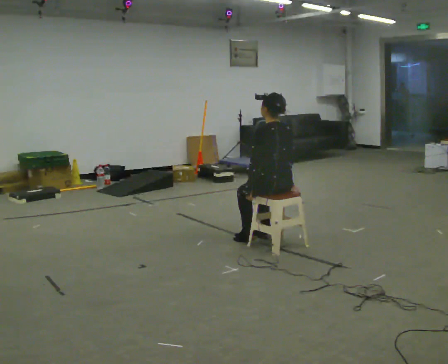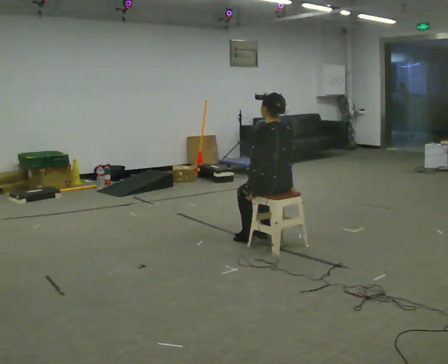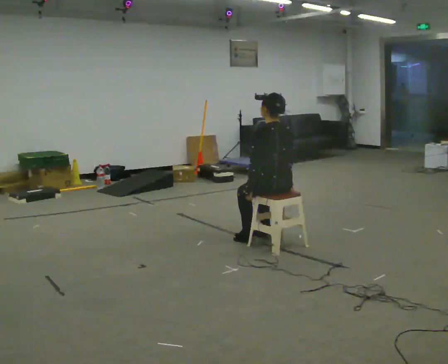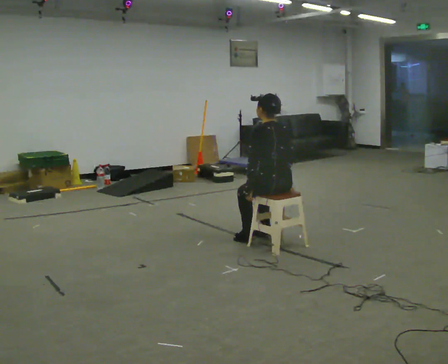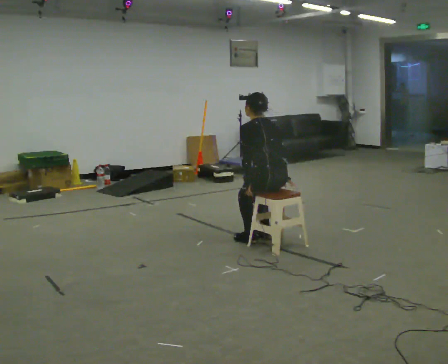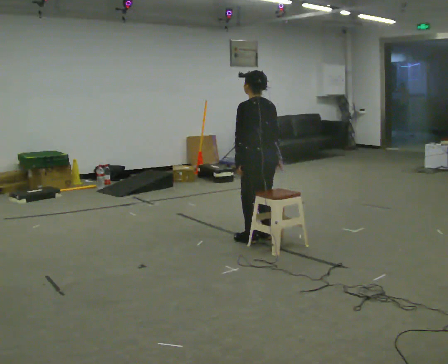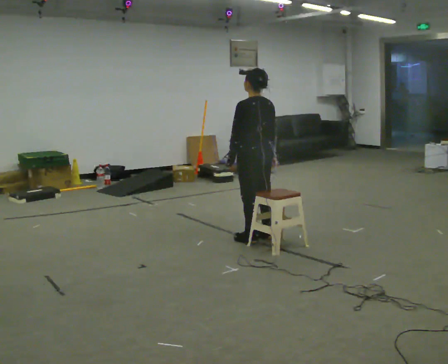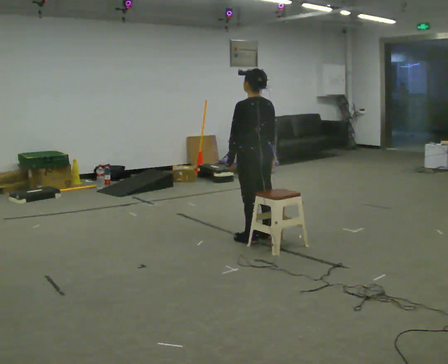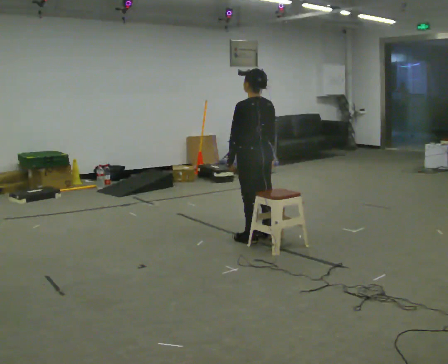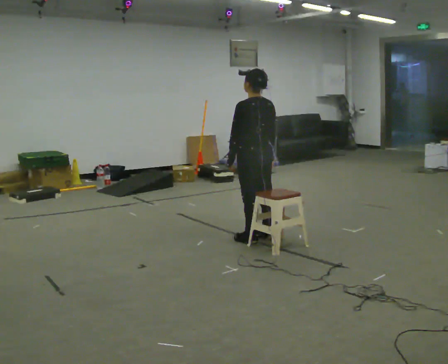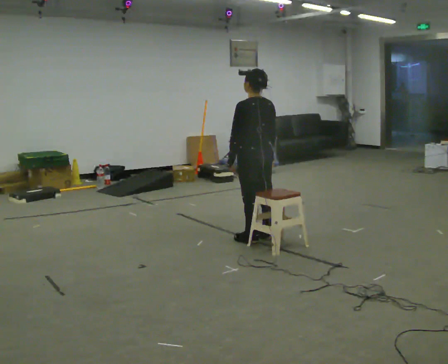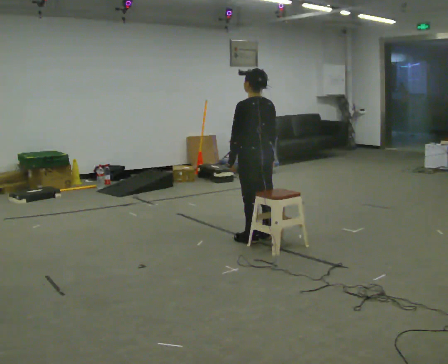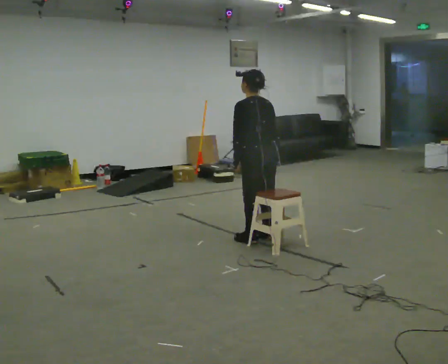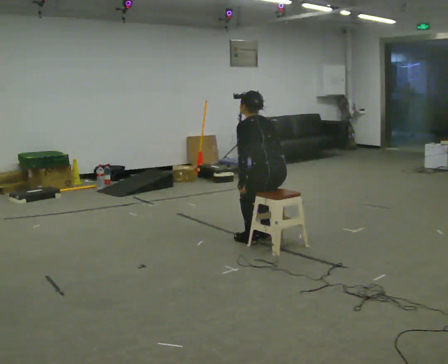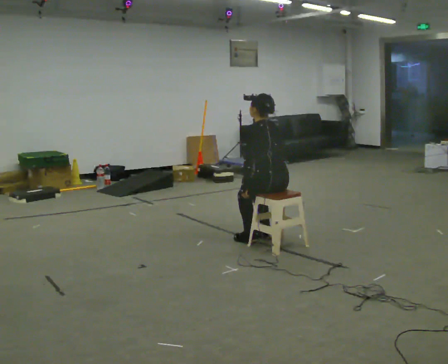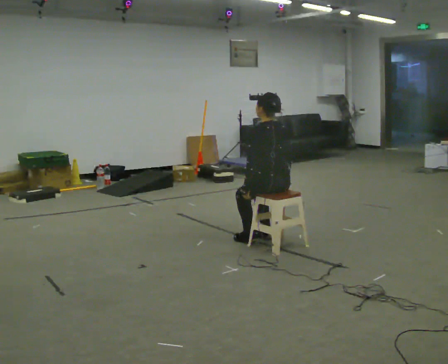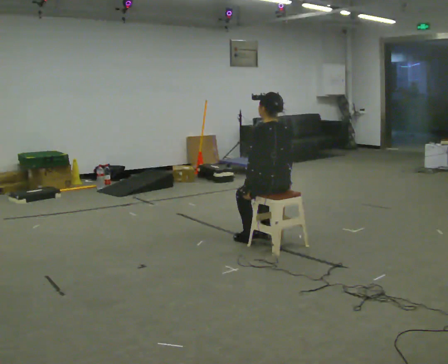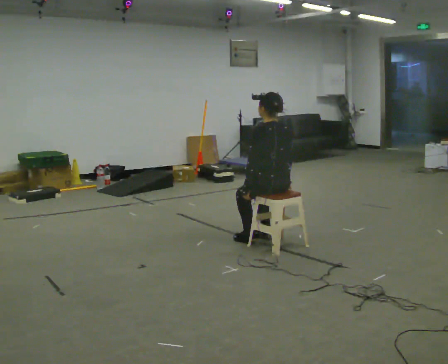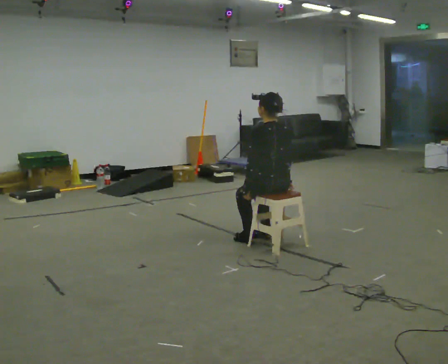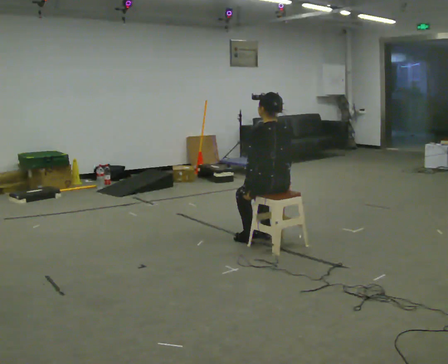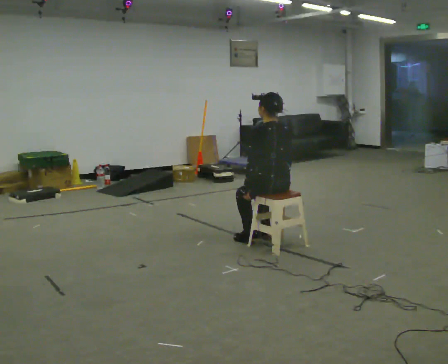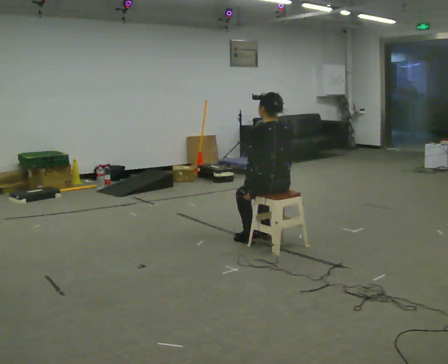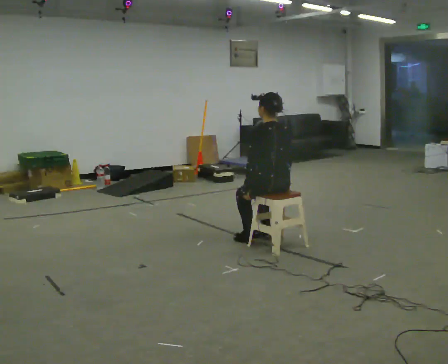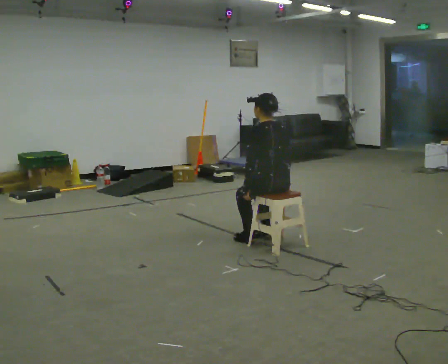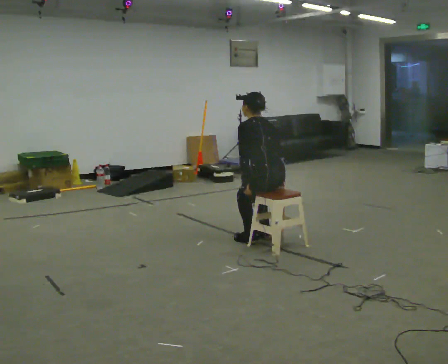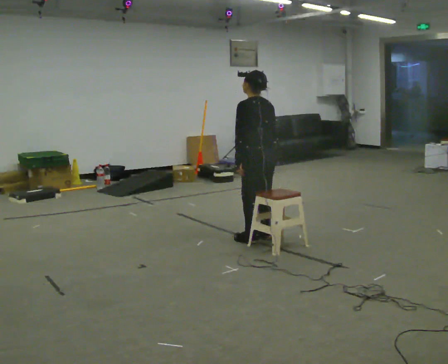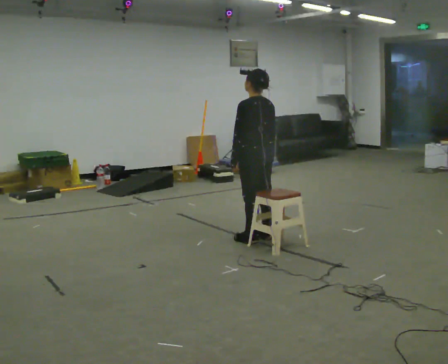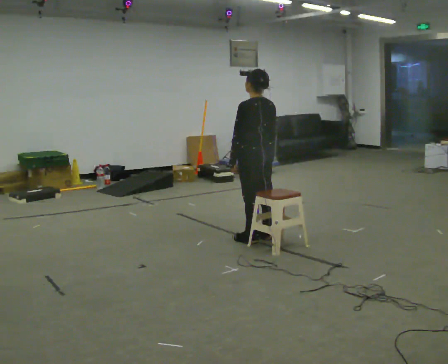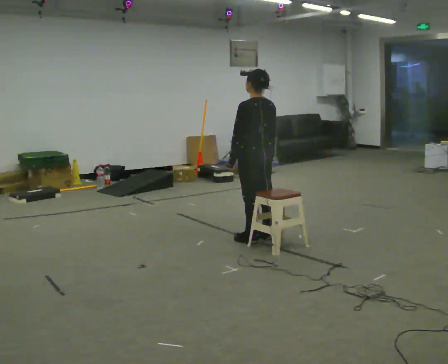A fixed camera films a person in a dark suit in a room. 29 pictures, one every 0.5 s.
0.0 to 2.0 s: The upper body tips away from the camera, its near side rolling upward, as they bend forward.
2.0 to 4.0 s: The shoulders move upward. The upper body tips toward the camera, its near side rolling downward, as they lean back or straighten.
4.0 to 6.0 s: The person moves a little, or ends about where they began.
6.0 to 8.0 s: The shoulders move downward.
8.0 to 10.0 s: The person keeps their place and pose.
10.0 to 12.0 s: The upper body tips away from the camera, its near side rolling upward, as they bend forward.
12.0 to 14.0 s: In the picture they go away from the camera, about 0.25 m, which for them is forward. The upper body goes upward. The upper body tips toward the camera, its near side rolling downward, as they lean back or straighten.
The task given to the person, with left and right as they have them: Sit on the chair, stand up, then sit back down. Repeat the movement at your own pace until the operator says stop; do not rush.
The film runs forward here.
